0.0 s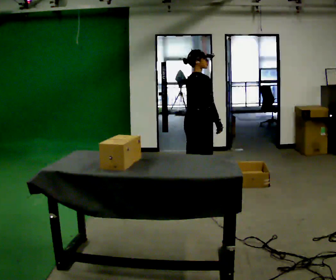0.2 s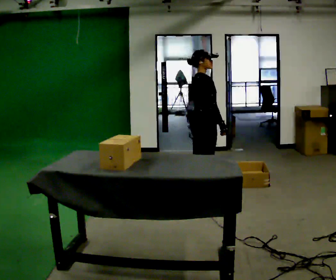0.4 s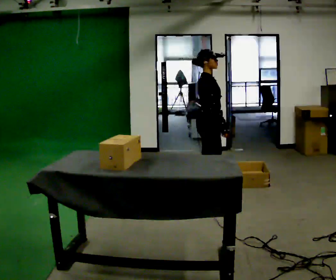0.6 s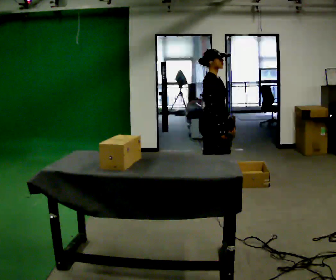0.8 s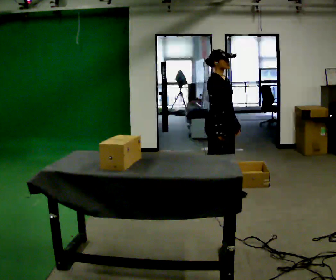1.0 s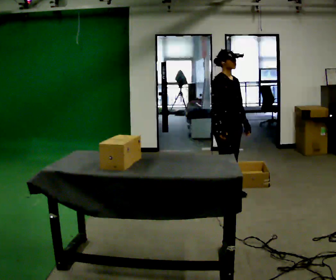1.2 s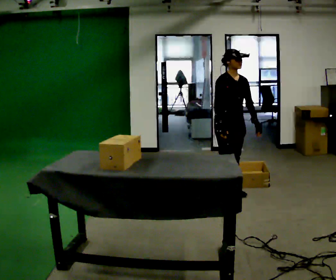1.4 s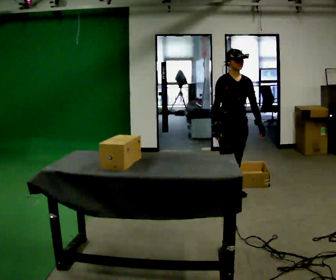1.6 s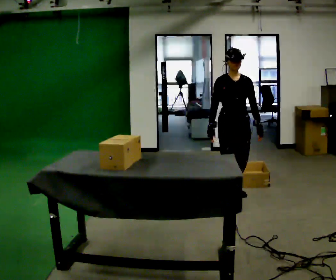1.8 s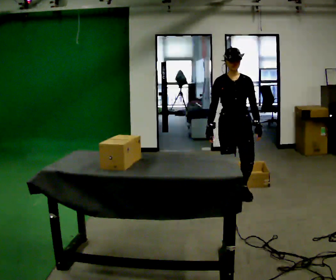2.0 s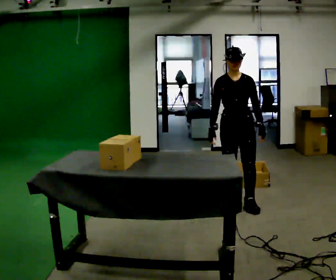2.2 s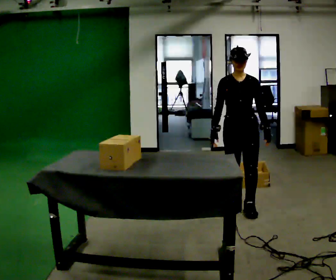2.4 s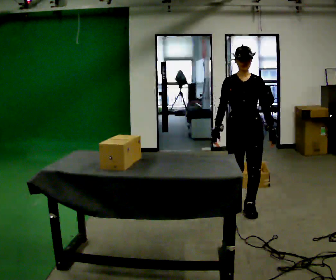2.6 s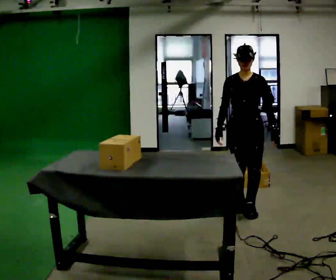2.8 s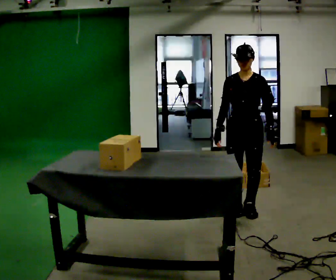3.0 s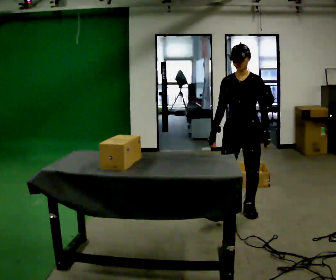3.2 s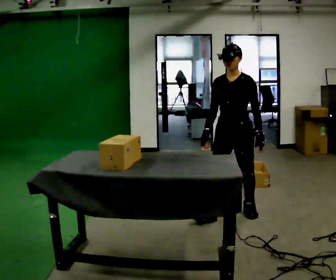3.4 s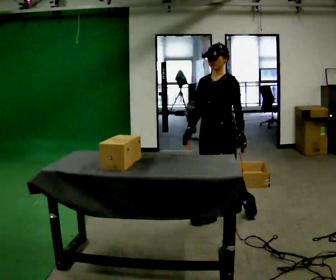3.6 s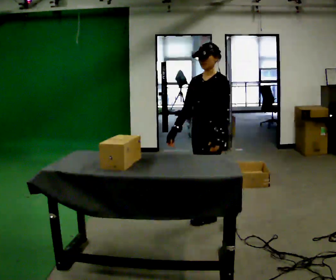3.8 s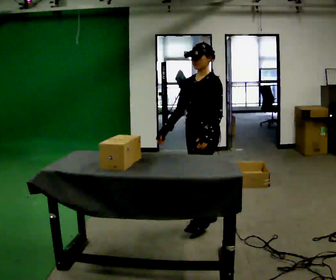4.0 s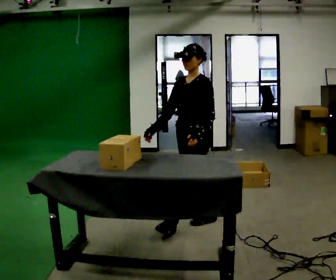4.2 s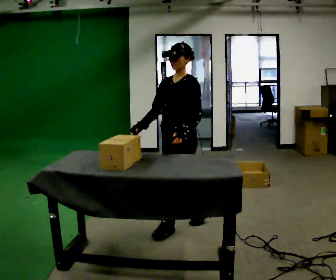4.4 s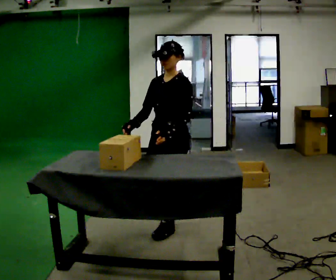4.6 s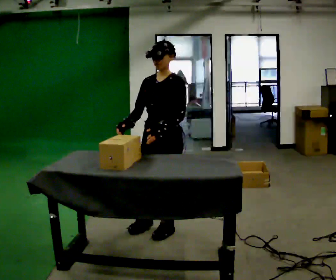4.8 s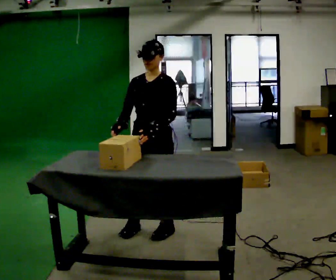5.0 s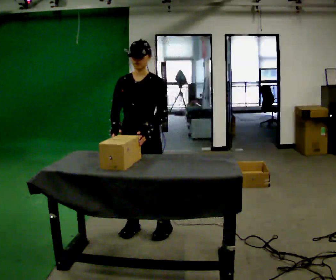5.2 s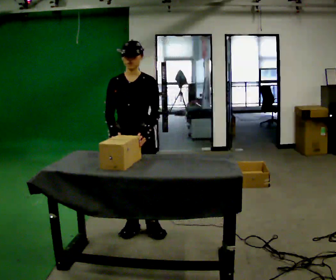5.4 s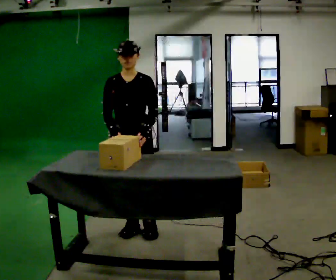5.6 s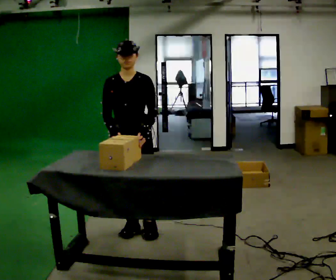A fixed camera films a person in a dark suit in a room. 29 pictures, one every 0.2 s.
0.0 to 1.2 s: The part of the body nearest the lens slides to the left as the person turns to their right by about 90 degrees. In the picture they go to the right, about 0.25 m in 1 step.
1.2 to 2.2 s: Seen from above the body turns clockwise, about 30 degrees: to their right, with its near side sliding to the left. In the picture they go toward the camera, about 0.5 m in 2 steps, which for them is forward.
2.2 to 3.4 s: The part of the body nearest the lens slides to the left as the person turns to their right by about 30 degrees. In the picture they go toward the camera and to the left, about 0.5 m in 1 step, which for them is forward.
3.4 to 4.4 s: In the picture they go to the left and toward the camera, about 0.5 m in 1 step, which for them is forward.
4.4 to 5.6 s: The person turns about 45 degrees to their left, counterclockwise seen from above, so the part of the body nearest the lens slides to the right. In the picture they go to the left, about 0.25 m in 2 steps, which for them is to their right.
The film runs forward here.
